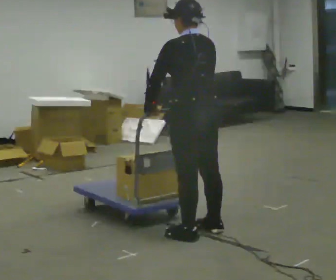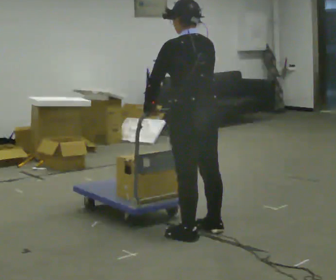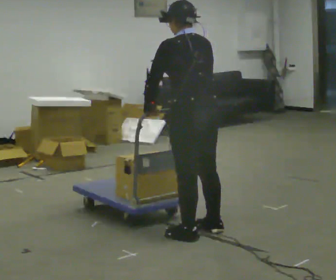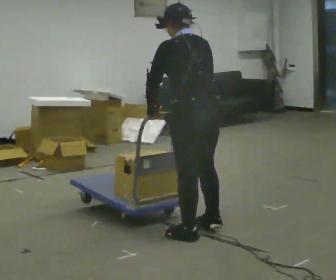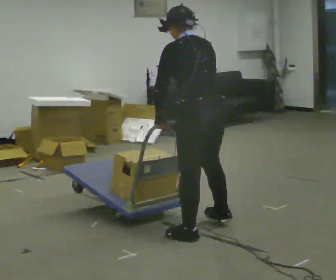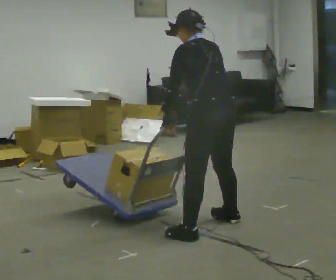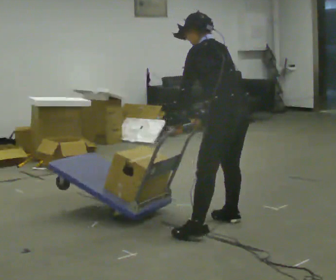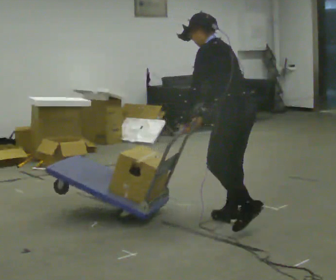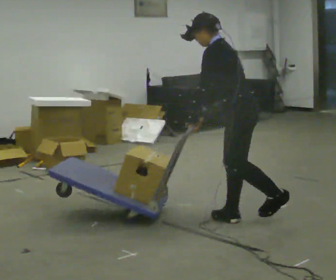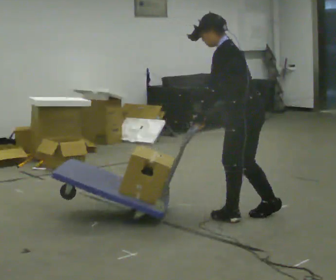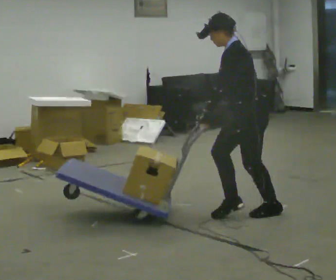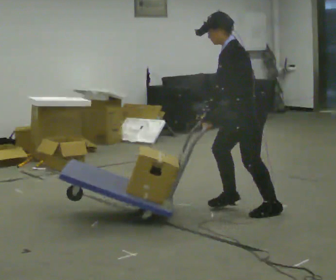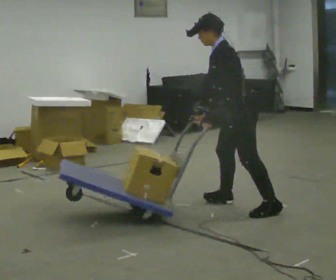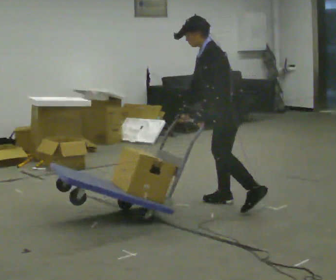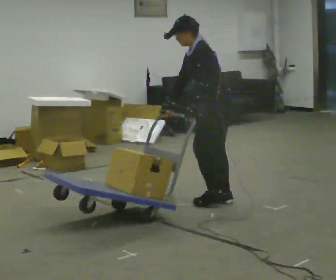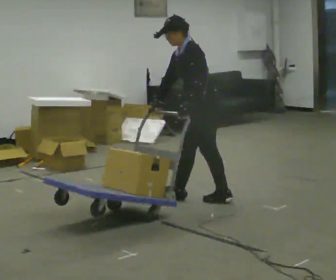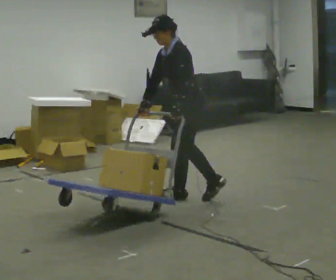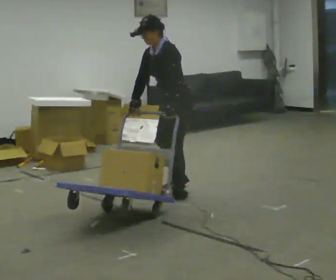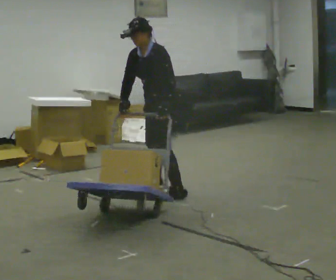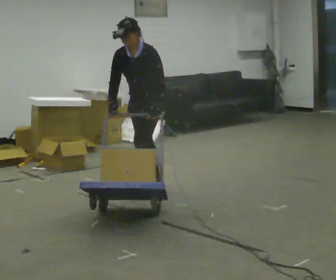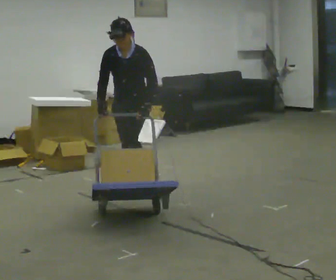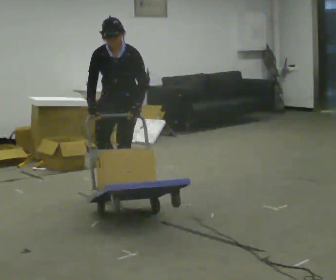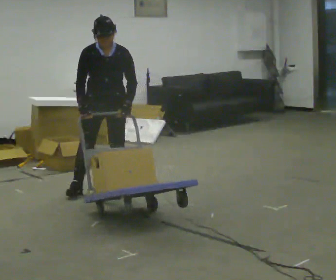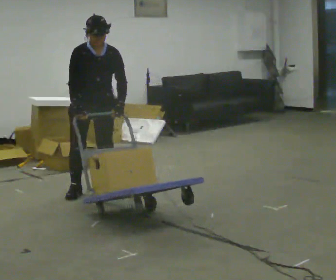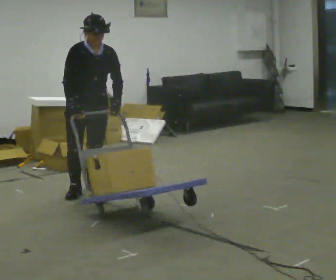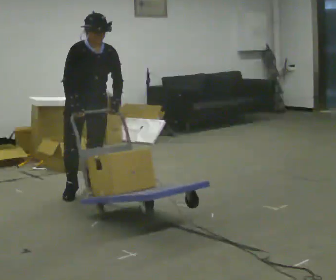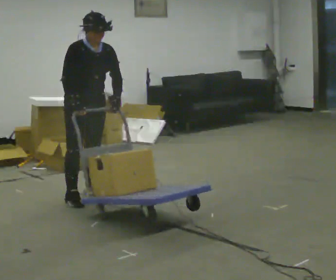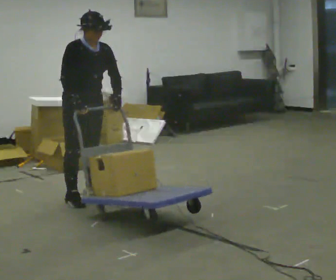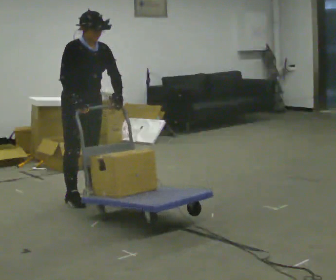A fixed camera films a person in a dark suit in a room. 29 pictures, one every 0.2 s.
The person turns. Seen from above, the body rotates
counterclockwise.
Their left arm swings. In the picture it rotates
counterclockwise.
0.0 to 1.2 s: In the picture they go away from the camera and to the right, about 0.25 m in 1 step, which for them is to their right. In the picture the upper body tilts counterclockwise, shoulders to the left, as they bend forward.
1.2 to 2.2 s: The part of the body nearest the lens slides to the right as the person turns to their left by about 45 degrees. In the picture they go away from the camera, about 0.5 m in 1 step, which for them is to their right. The upper body tips toward the camera, its near side rolling downward.
2.2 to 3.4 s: In the picture they go to the left and away from the camera, about 1 m in 2 steps, which for them is forward and to their right.
3.4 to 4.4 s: The person turns about 75 degrees to their left, counterclockwise seen from above, so the part of the body nearest the lens slides to the right. In the picture they go to the left, about 0.5 m in 2 steps. In the picture the upper body tilts clockwise, shoulders to the right.
4.4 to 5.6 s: The person turns about 45 degrees to their left, counterclockwise seen from above, so the part of the body nearest the lens slides to the right. In the picture they go toward the camera, about 0.25 m in 3 steps, which for them is to their right and forward.
The film runs forward here.
